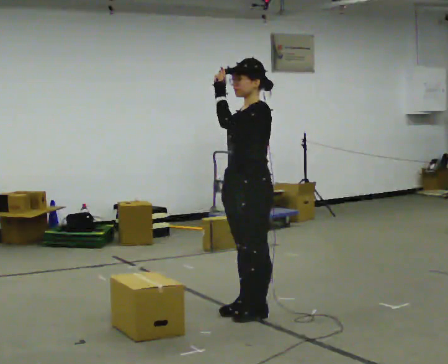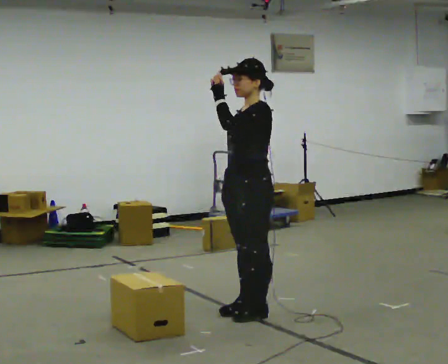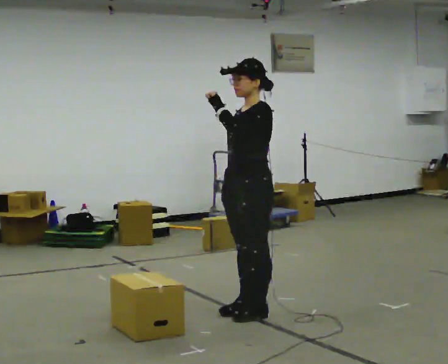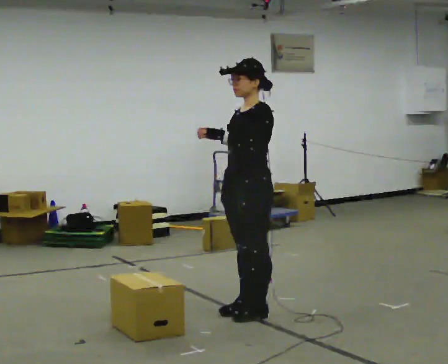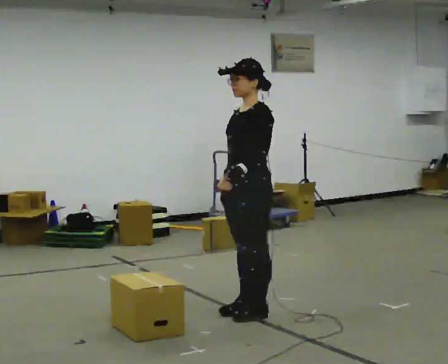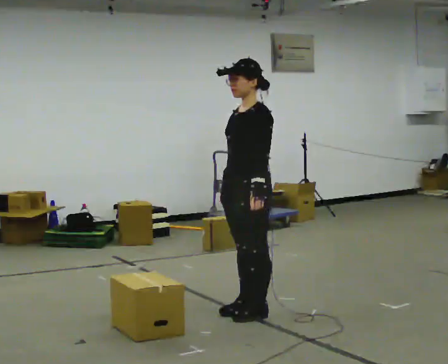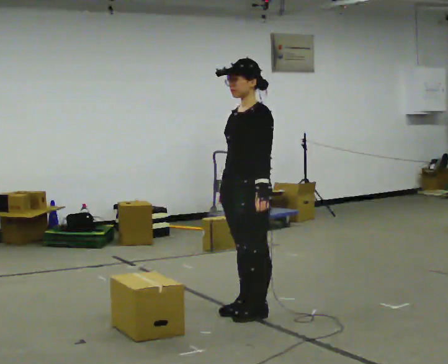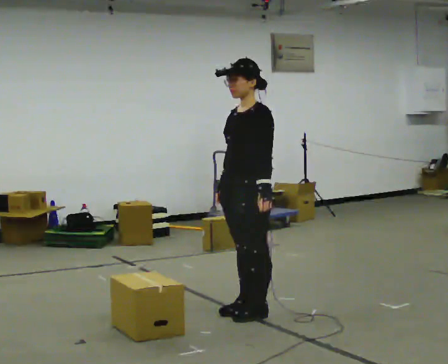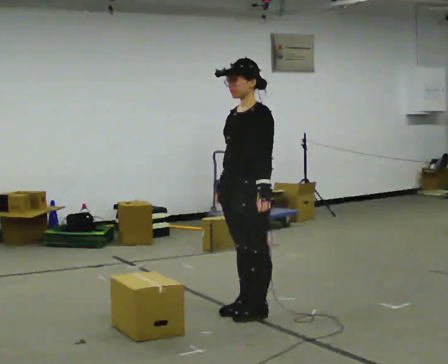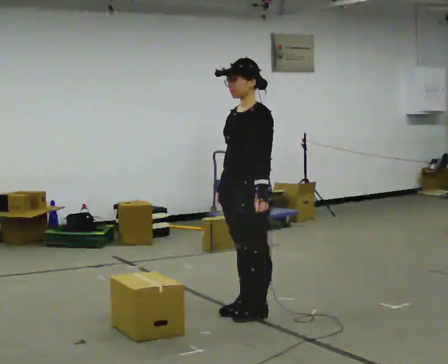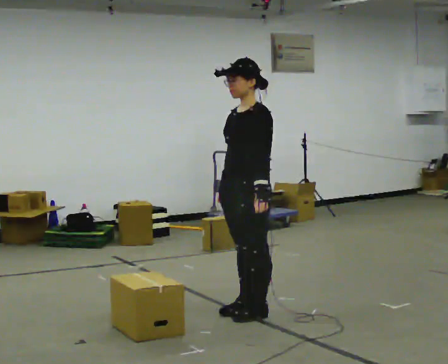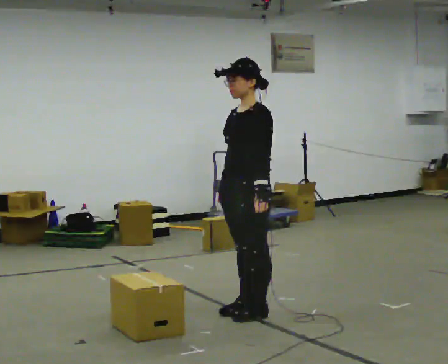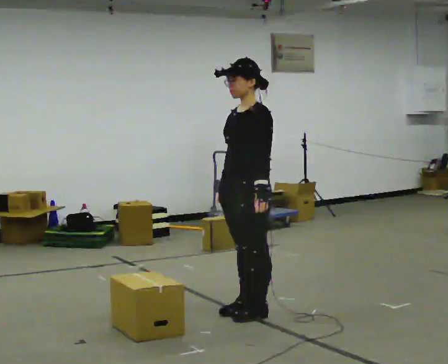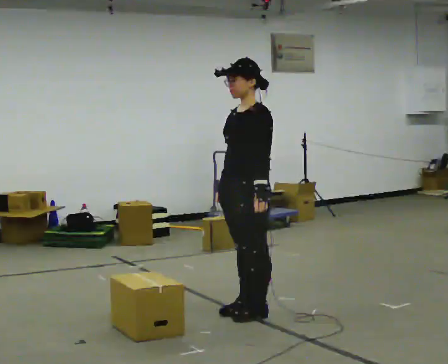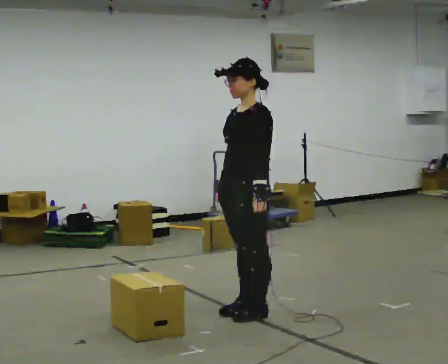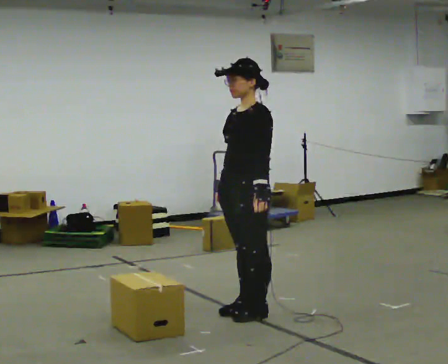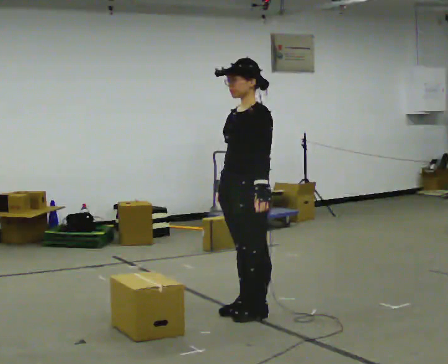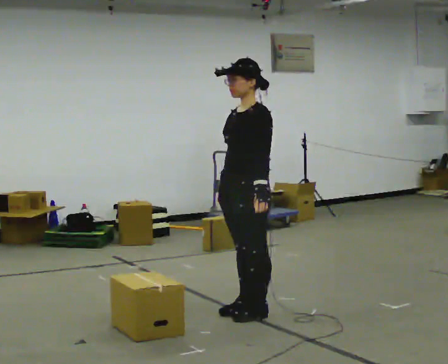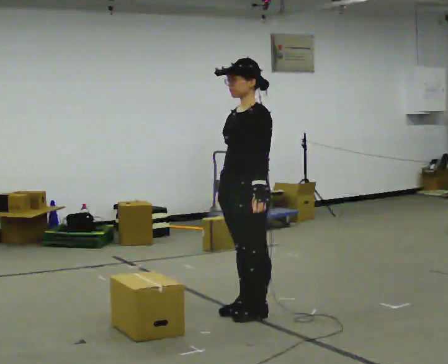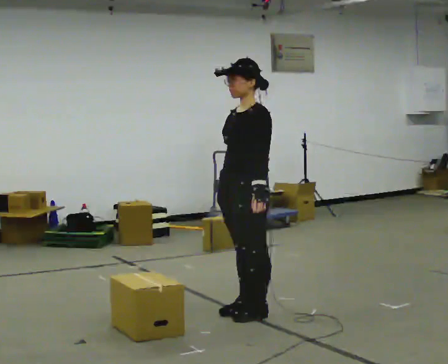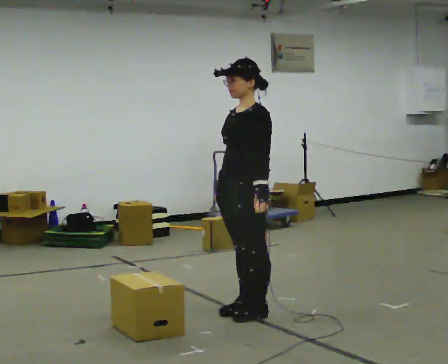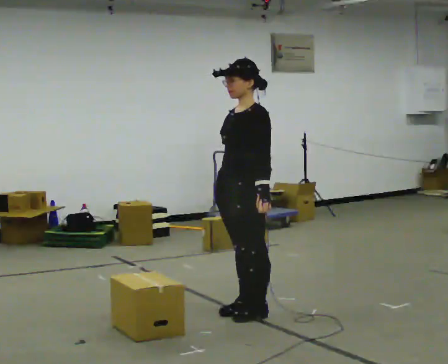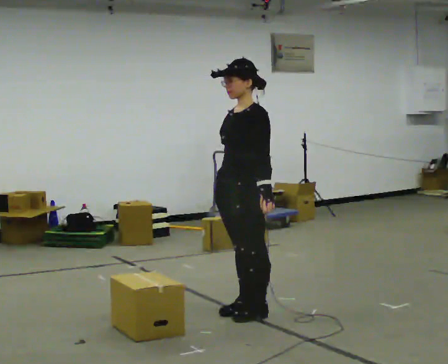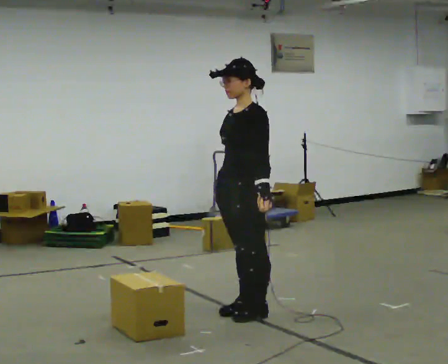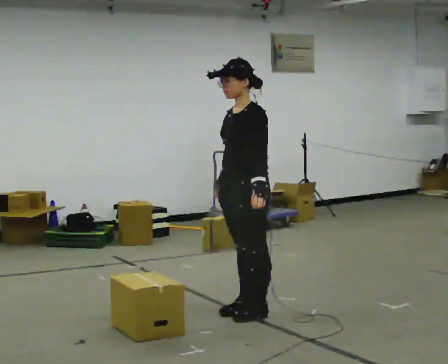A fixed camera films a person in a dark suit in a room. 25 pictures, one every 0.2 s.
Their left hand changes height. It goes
downward.
0.0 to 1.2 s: In the picture their left hand goes downward.
1.2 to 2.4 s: The person moves a little, or ends about where they began.
2.4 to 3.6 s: The person keeps their place and pose.
3.6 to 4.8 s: The person moves a little, or ends about where they began.
The film runs backward here.
